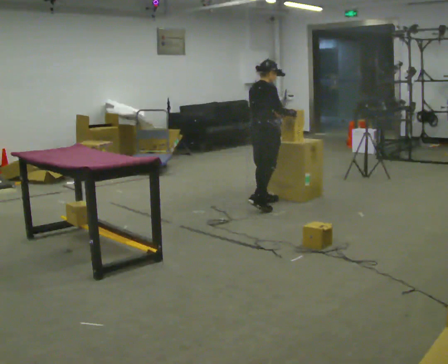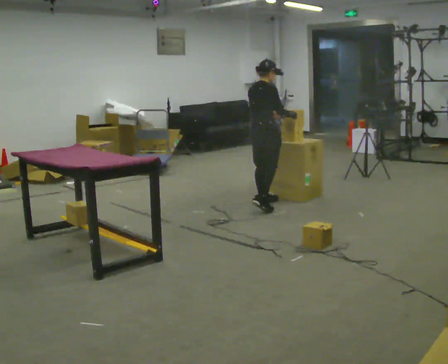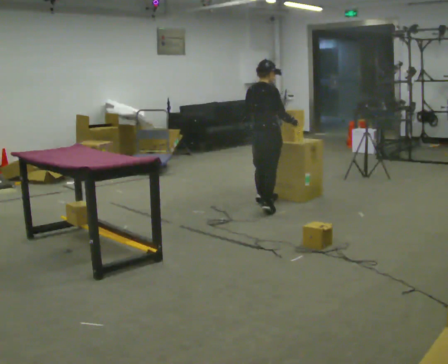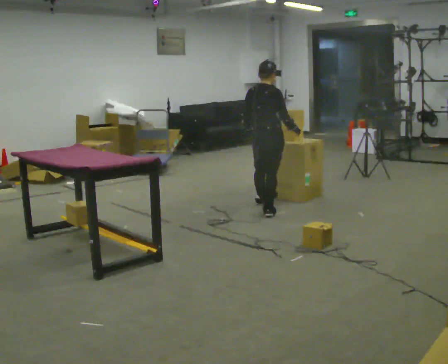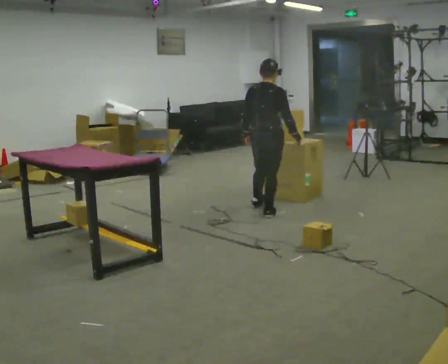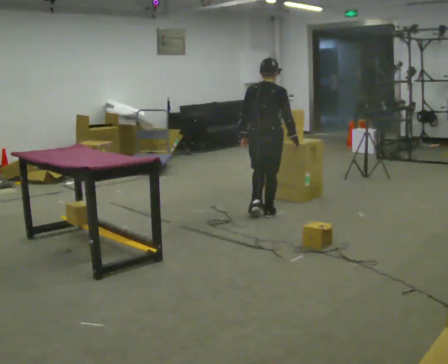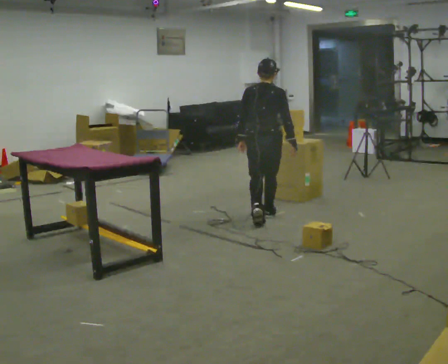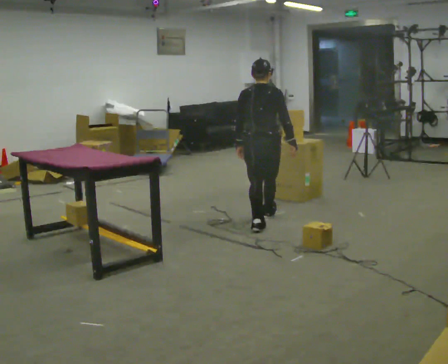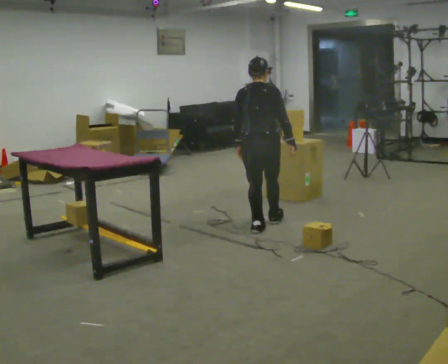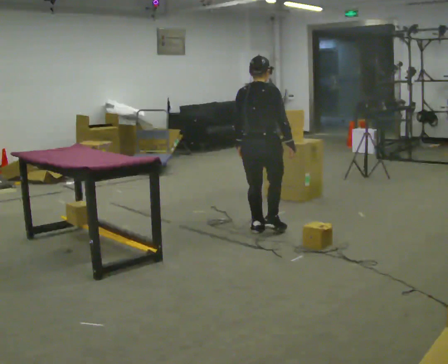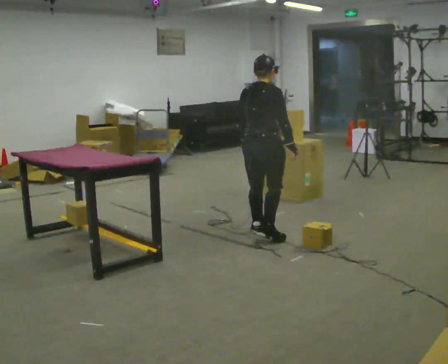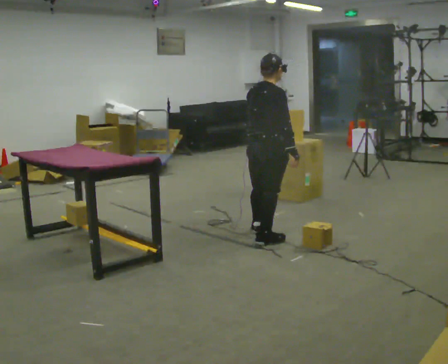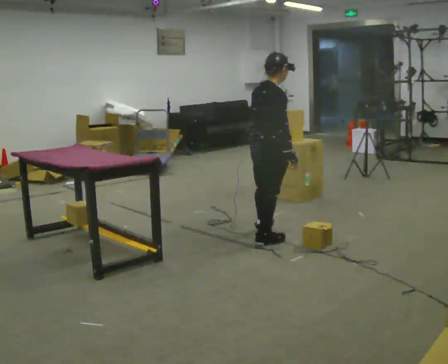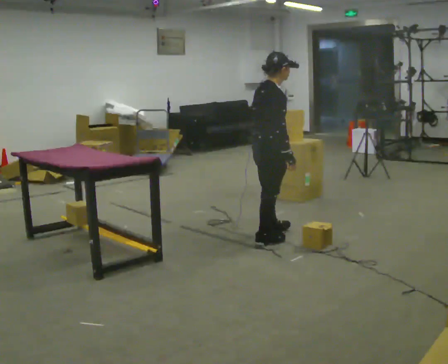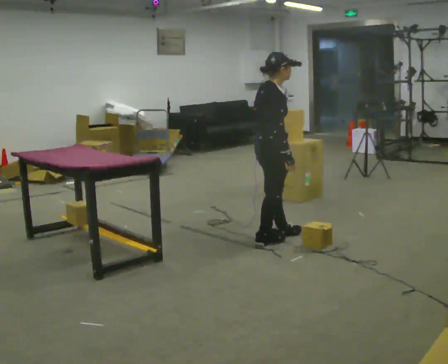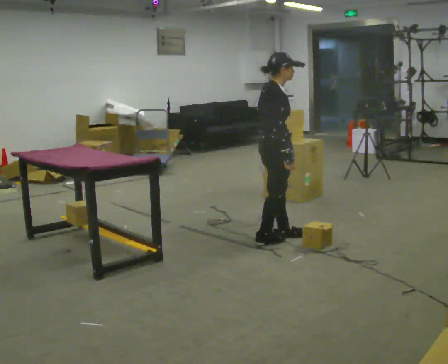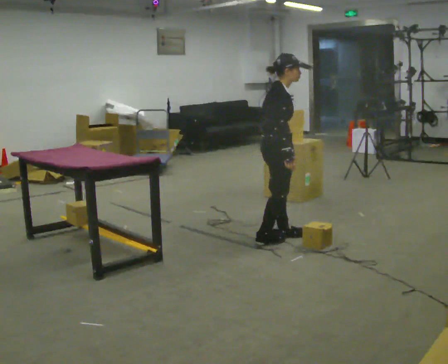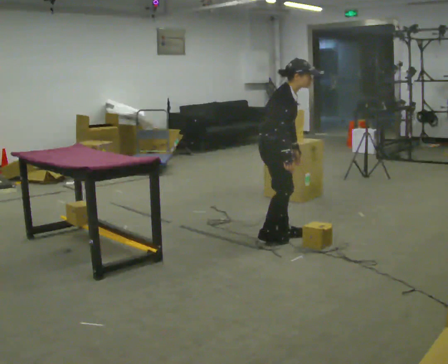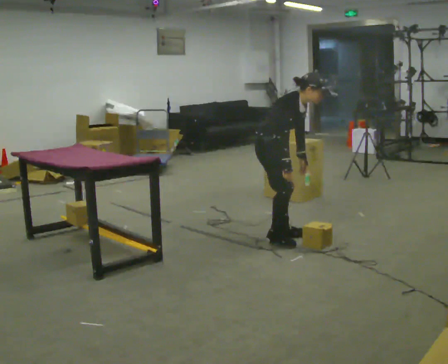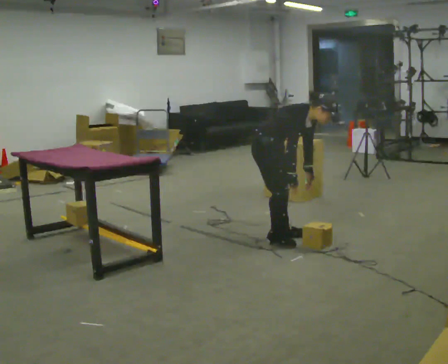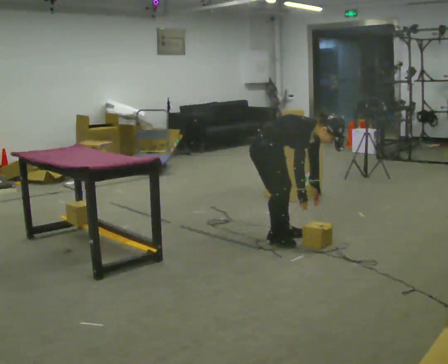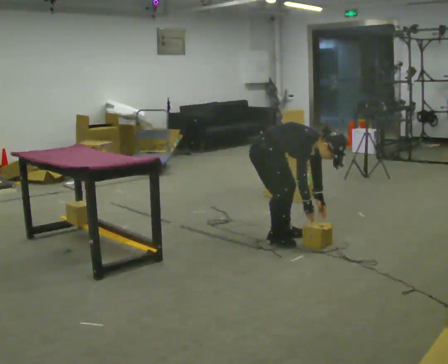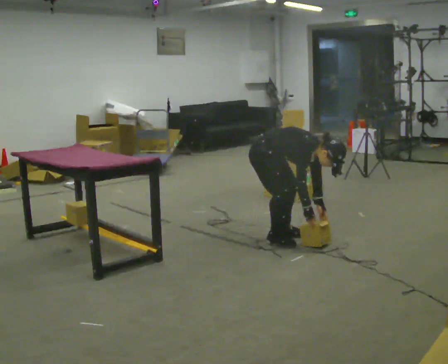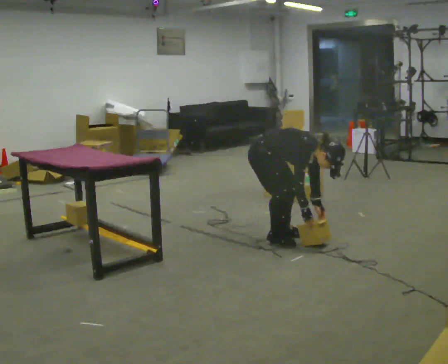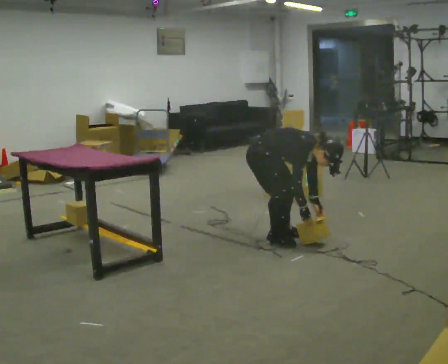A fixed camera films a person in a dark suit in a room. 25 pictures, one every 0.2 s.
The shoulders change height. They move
downward.
The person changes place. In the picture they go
toward the camera.
0.0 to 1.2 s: The part of the body nearest the lens slides to the right as the person turns to their left by about 60 degrees. In the picture they go toward the camera, about 0.5 m in 2 steps, which for them is backward and to their right.
1.2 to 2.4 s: Seen from above the body turns clockwise, about 45 degrees: to their right, with its near side sliding to the left. In the picture they go toward the camera, about 0.75 m in 1 step, which for them is backward.
2.4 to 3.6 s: Seen from above the body turns clockwise, about 45 degrees: to their right, with its near side sliding to the left. In the picture the upper body tilts clockwise, shoulders to the right, as they bend forward.
3.6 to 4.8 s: The shoulders move downward. In the picture the upper body tilts clockwise, shoulders to the right, as they bend forward. In the picture their right hand goes downward.
The film runs backward here.
